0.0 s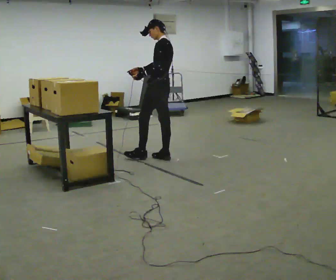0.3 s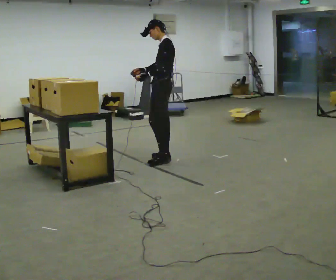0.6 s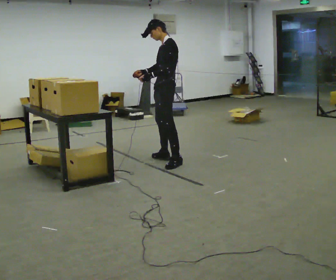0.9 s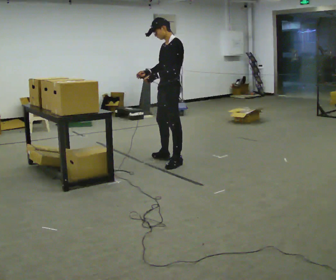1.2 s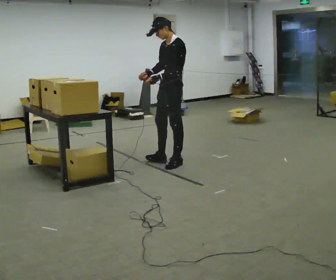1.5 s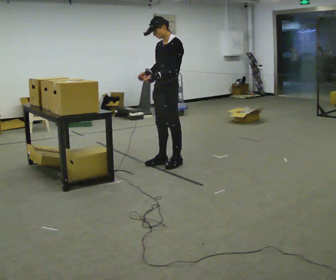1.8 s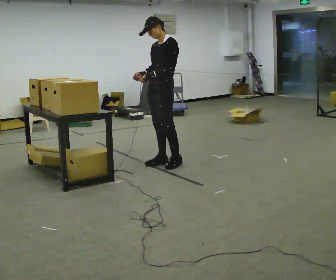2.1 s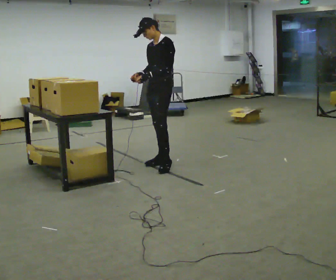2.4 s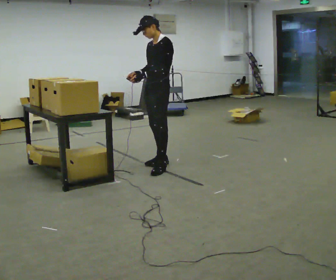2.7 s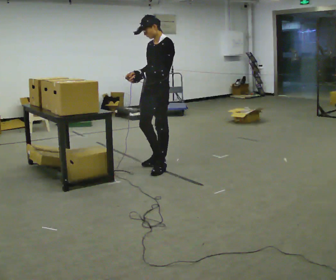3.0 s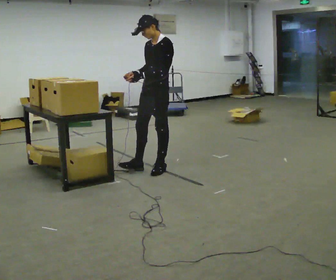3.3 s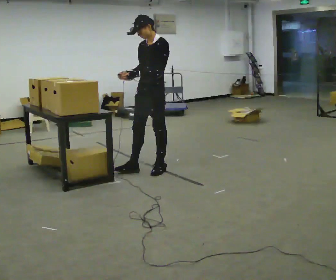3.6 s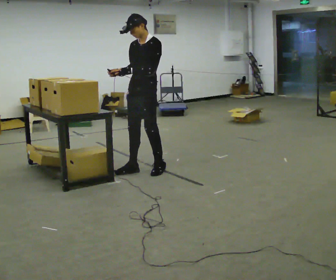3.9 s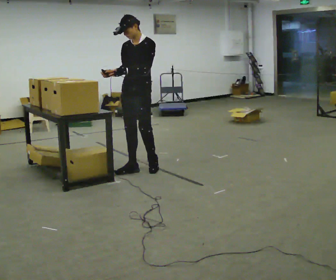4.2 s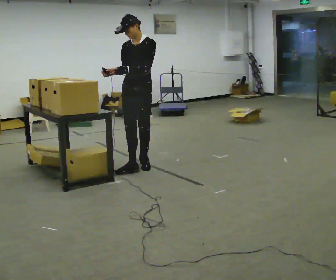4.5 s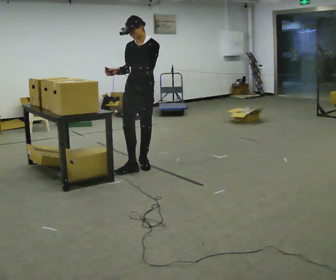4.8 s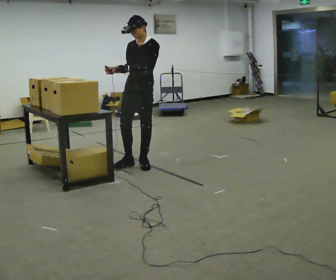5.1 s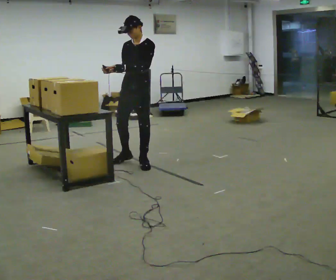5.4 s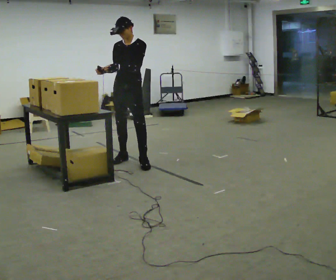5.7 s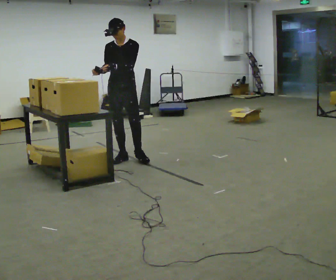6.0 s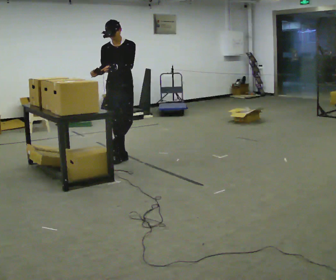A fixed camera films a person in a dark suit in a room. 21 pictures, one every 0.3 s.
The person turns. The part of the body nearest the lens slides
to the right.
The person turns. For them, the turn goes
to their left.
0.0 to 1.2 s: The part of the body nearest the lens slides to the right as the person turns to their left by about 45 degrees. In the picture they go toward the camera and to the right, about 0.25 m in 1 step, which for them is to their left.
1.2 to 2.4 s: In the picture they go to the left, about 0.25 m in 1 step, which for them is forward.
2.4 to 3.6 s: In the picture they go toward the camera and to the left, about 0.25 m in 1 step, which for them is forward.
3.6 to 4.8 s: In the picture they go away from the camera, about 0.25 m in 2 steps, which for them is backward.
4.8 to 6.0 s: Seen from above the body turns counterclockwise, about 30 degrees: to their left, with its near side sliding to the right. In the picture they go away from the camera and to the left, about 0.5 m in 1 step, which for them is to their right and backward.
The film runs backward here.
